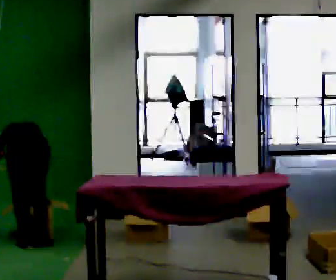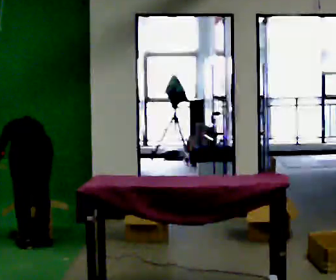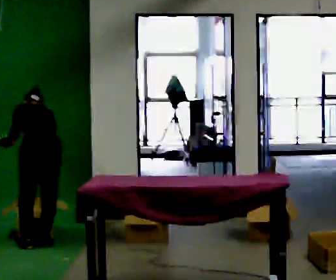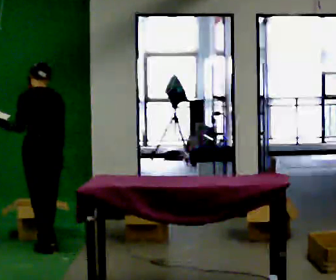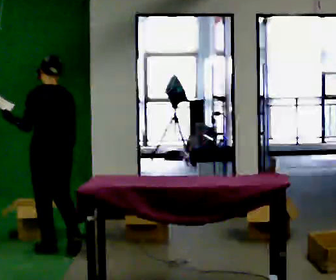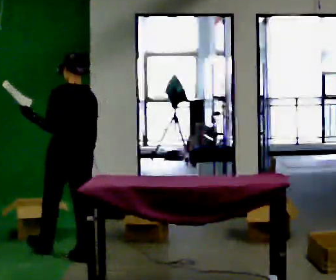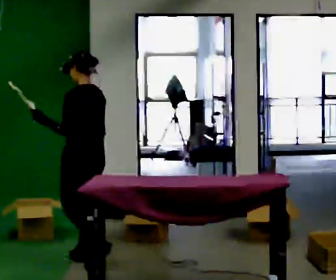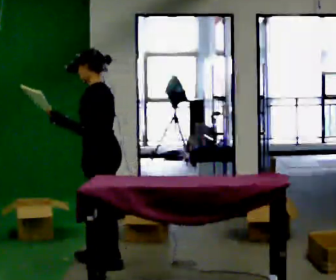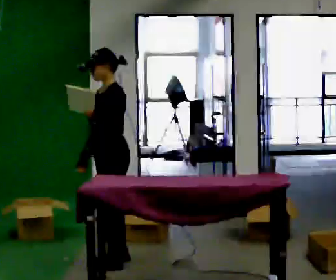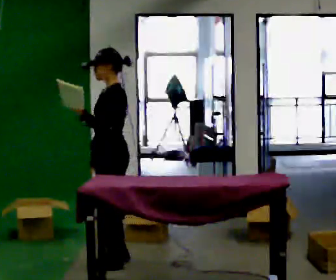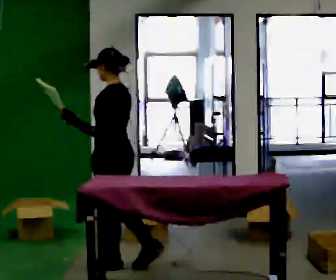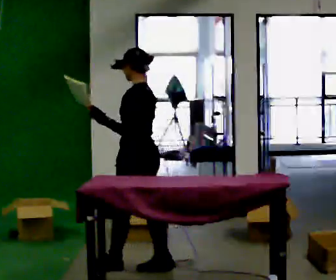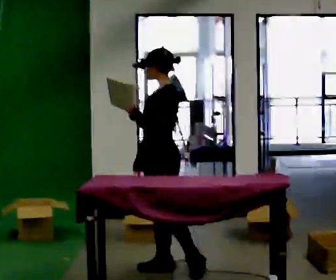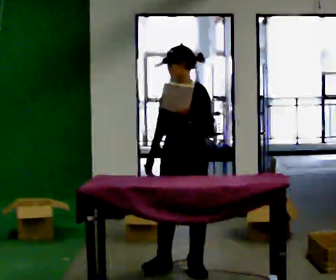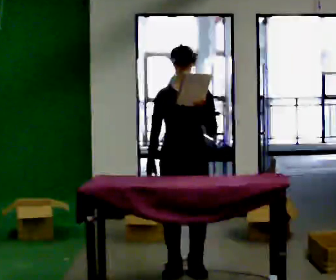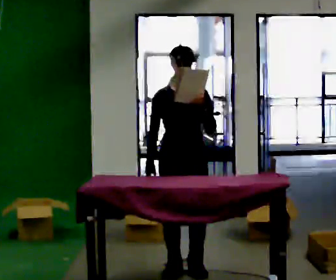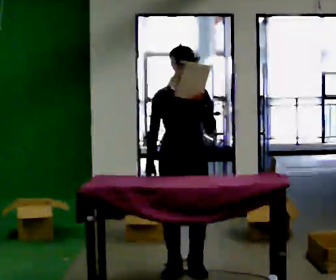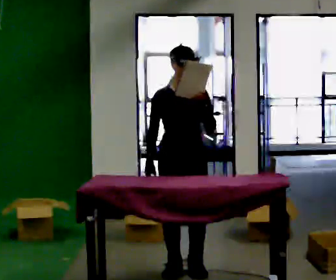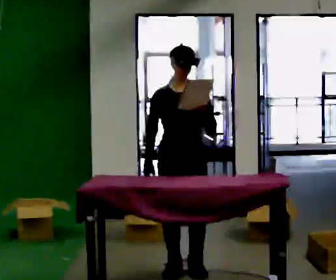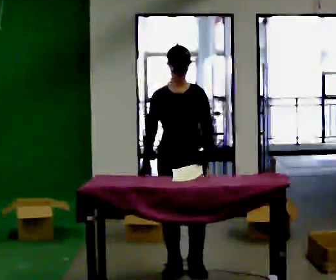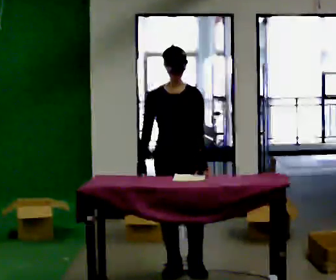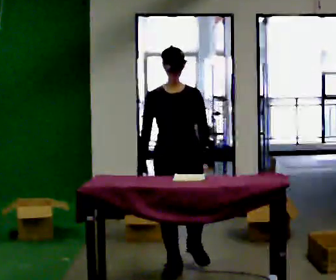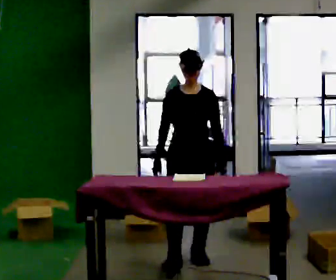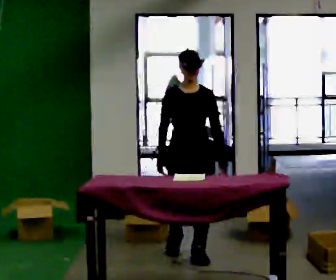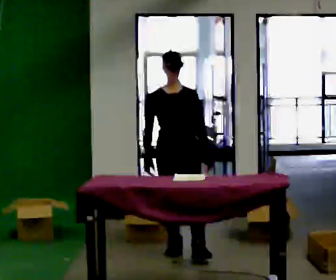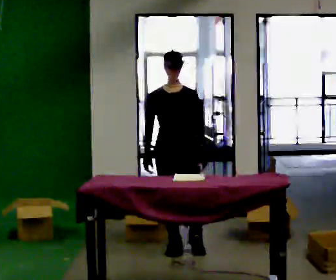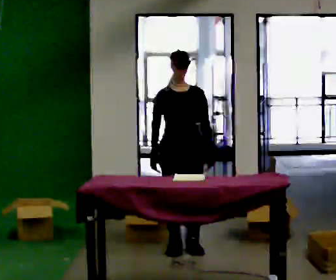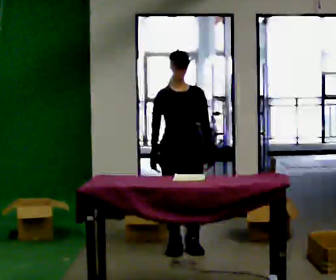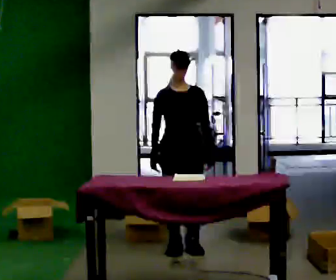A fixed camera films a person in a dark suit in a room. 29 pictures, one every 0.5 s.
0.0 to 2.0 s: In the picture they go to the right and toward the camera, about 0.25 m in 2 steps, which for them is backward. The upper body goes upward. The upper body tips toward the camera, its near side rolling downward, as they lean back or straighten. In the picture their left hand goes upward.
2.0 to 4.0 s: Seen from above the body turns counterclockwise, about 90 degrees: to their left, with its near side sliding to the right. In the picture they go to the right and toward the camera, about 0.5 m in 2 steps.
4.0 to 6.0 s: In the picture they go to the right and toward the camera, about 0.5 m in 2 steps, which for them is backward.
6.0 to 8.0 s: The person turns about 75 degrees to their left, counterclockwise seen from above, so the part of the body nearest the lens slides to the right. In the picture they go to the right, about 0.25 m.
8.0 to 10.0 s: In the picture their left hand goes downward.
10.0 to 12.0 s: In the picture they go away from the camera, about 0.5 m in 2 steps, which for them is backward.
12.0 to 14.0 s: The person moves a little, or ends about where they began.
The film runs backward here.
